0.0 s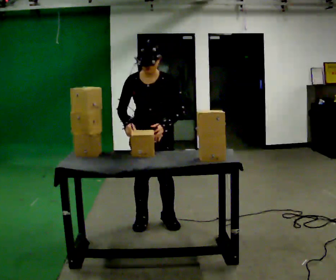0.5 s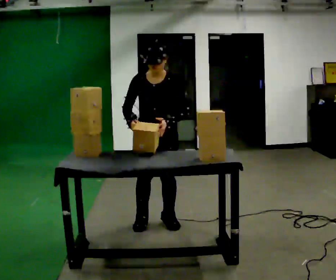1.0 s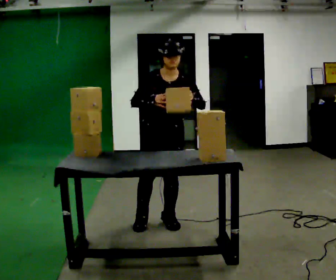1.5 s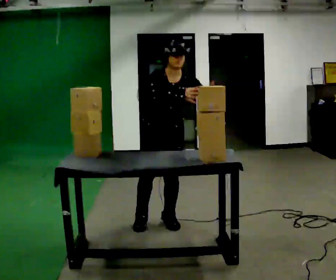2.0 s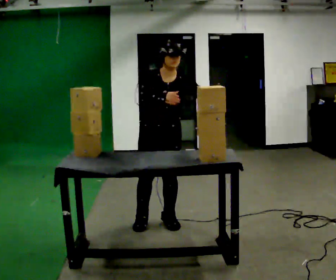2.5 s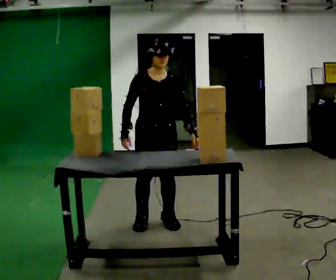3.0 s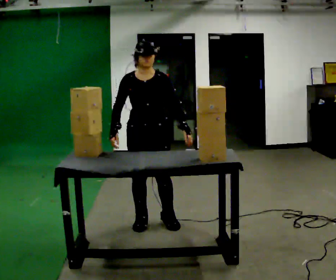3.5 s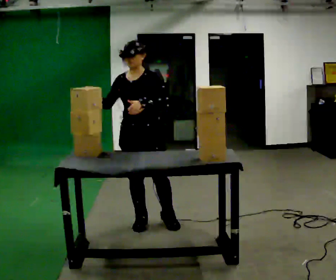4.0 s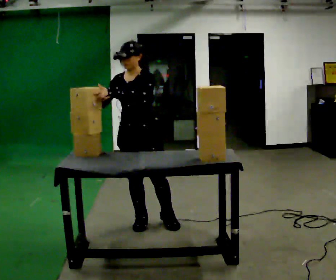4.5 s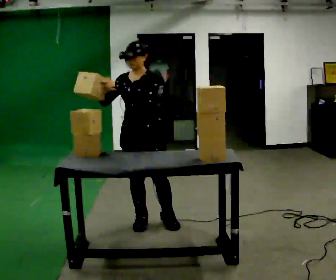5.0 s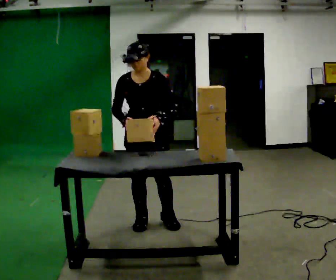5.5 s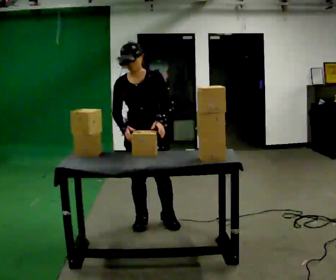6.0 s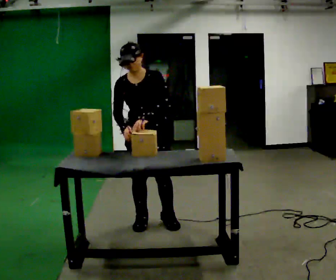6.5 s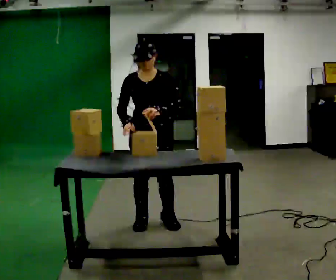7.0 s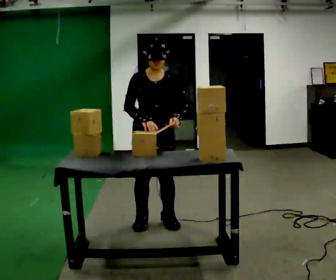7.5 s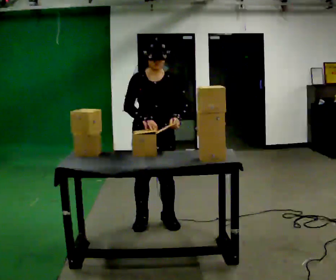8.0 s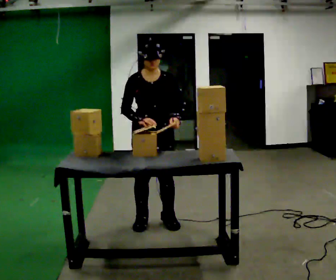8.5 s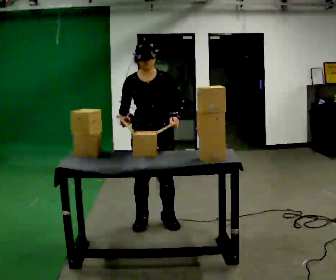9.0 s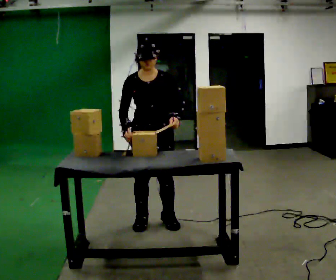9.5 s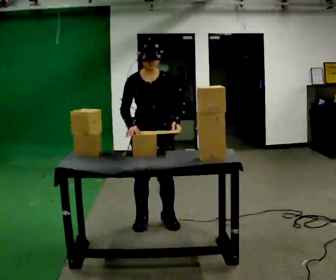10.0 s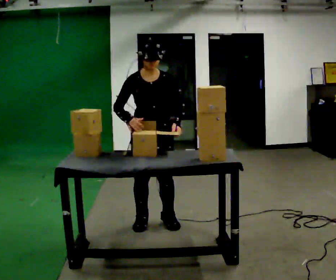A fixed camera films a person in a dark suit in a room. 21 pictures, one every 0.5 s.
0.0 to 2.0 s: The person moves a little, or ends about where they began.
2.0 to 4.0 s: The person turns about 30 degrees to their right, clockwise seen from above, so the part of the body nearest the lens slides to the left. In the picture they go to the left, about 0.25 m, which for them is to their right. In the picture their left hand goes to the left.
4.0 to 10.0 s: The person turns about 30 degrees to their left, counterclockwise seen from above, so the part of the body nearest the lens slides to the right. In the picture their left hand goes to the right.
The film runs backward here.
